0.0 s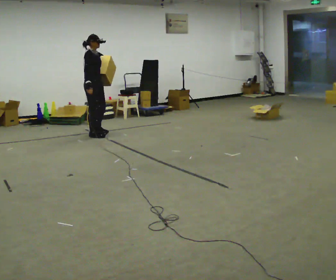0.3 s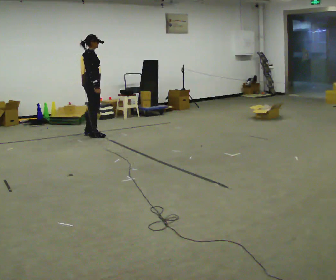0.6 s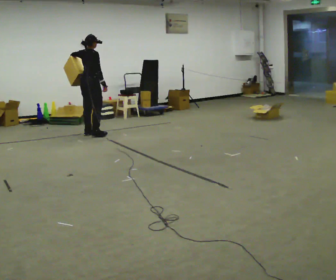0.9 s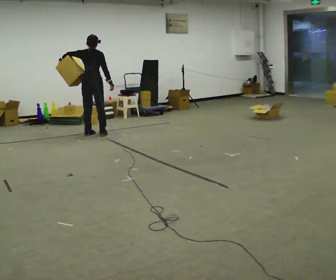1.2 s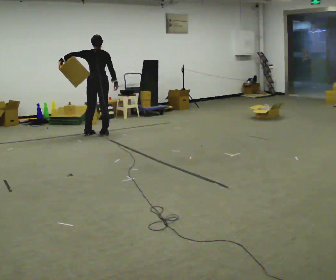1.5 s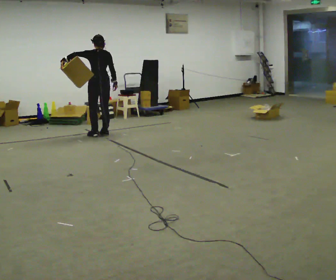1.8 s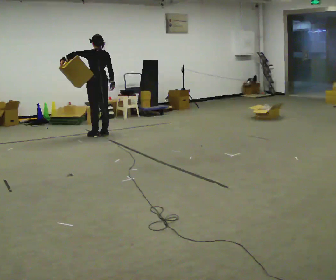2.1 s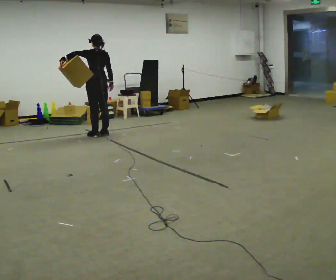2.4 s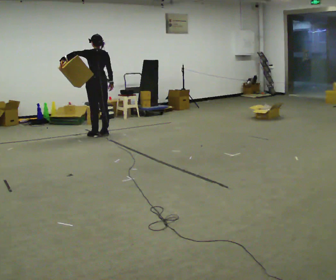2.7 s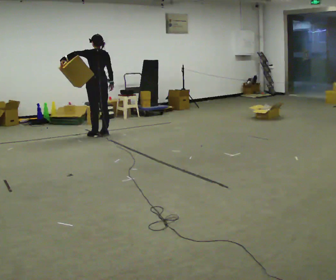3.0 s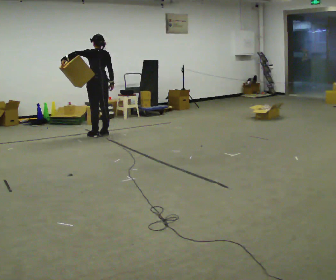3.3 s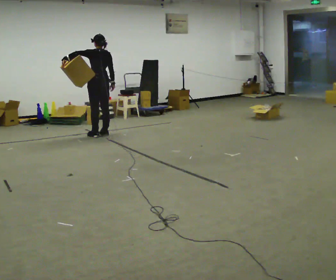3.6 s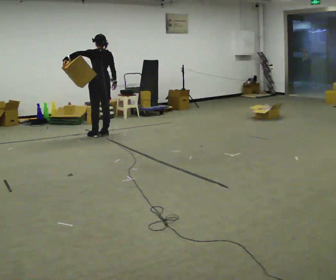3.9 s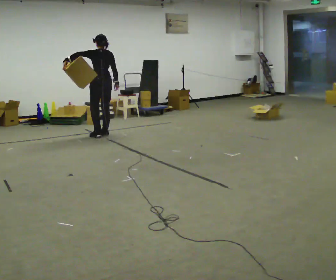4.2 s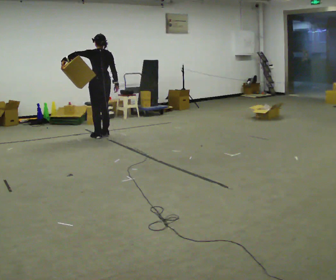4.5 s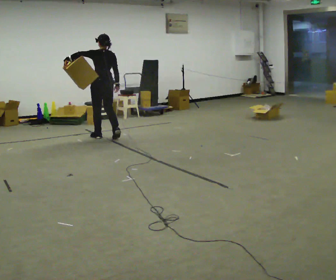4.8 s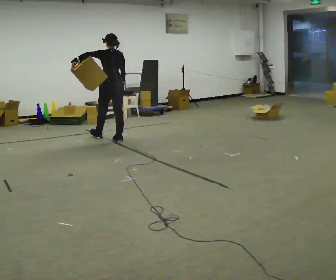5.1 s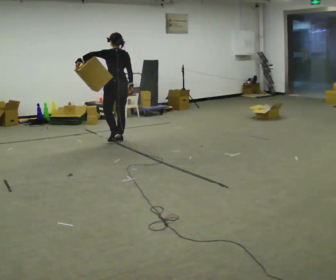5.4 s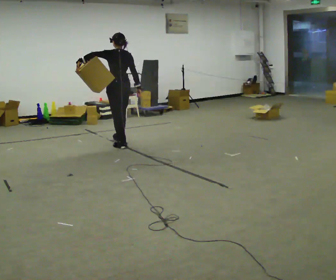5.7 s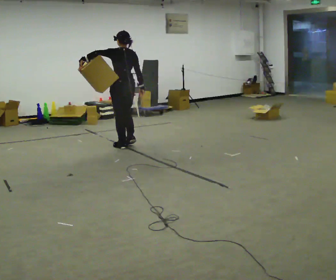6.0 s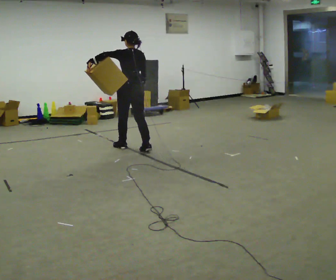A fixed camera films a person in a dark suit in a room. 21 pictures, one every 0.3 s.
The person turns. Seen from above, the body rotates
counterclockwise.
The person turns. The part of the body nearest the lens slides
to the right.
0.0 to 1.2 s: The person turns about 105 degrees to their left, counterclockwise seen from above, so the part of the body nearest the lens slides to the right. In the picture their left hand goes to the left.
1.2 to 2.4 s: The person turns about 30 degrees to their left, counterclockwise seen from above, so the part of the body nearest the lens slides to the right.
2.4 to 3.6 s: The person moves a little, or ends about where they began.
3.6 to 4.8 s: In the picture they go toward the camera and to the right, about 0.25 m in 2 steps, which for them is backward.
4.8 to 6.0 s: In the picture they go toward the camera and to the right, about 0.75 m in 1 step, which for them is backward.
The film runs backward here.
